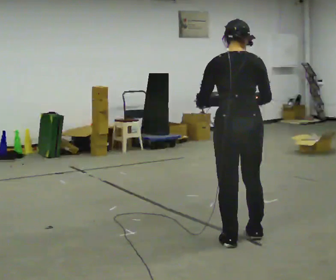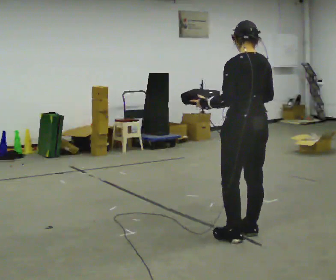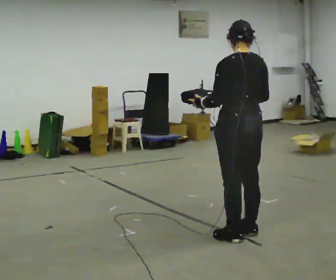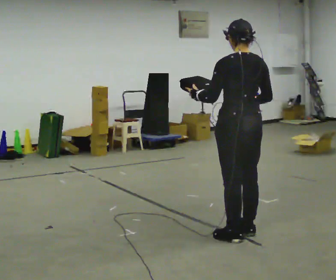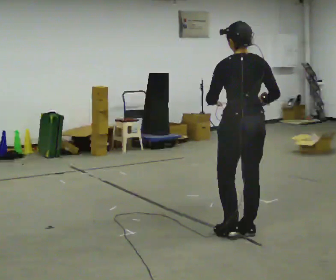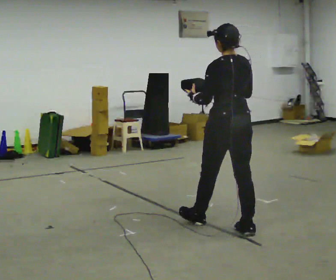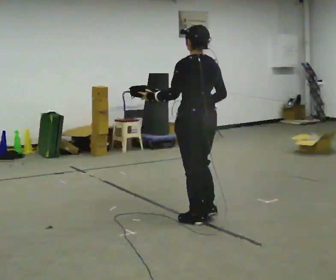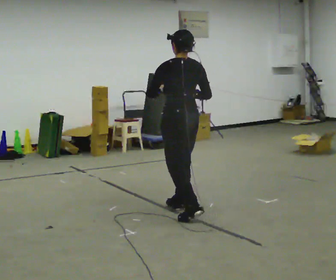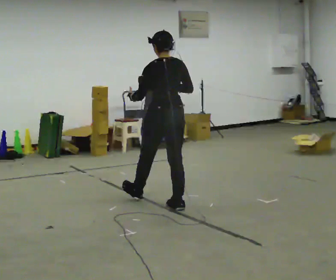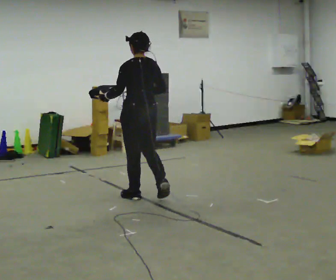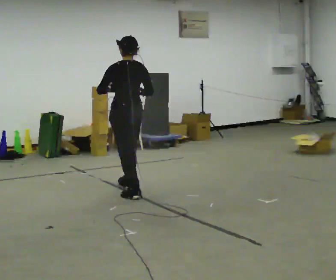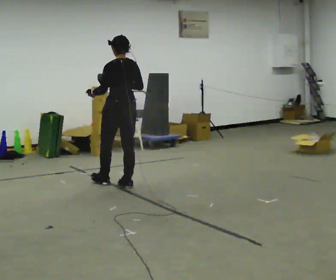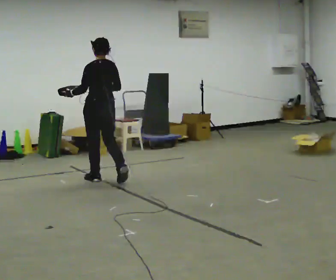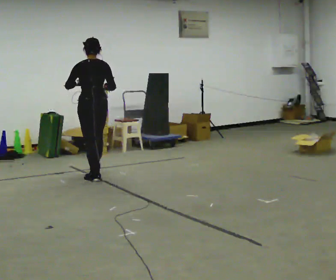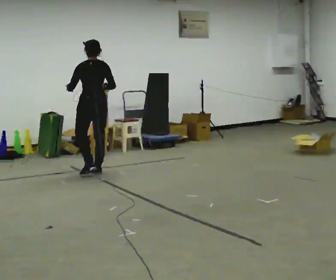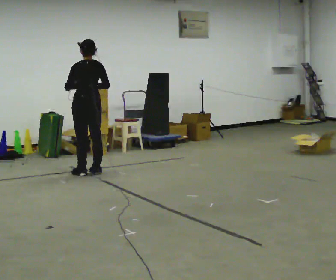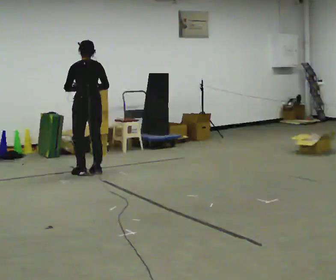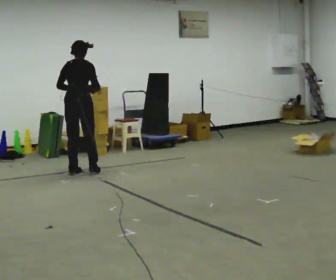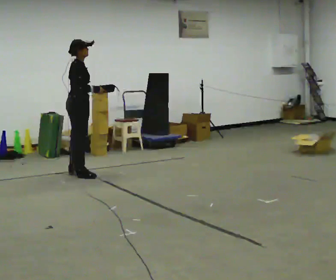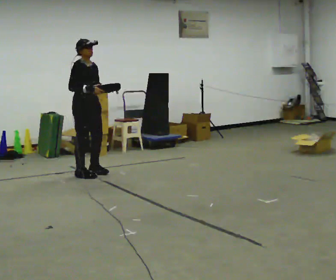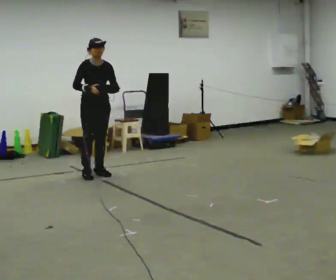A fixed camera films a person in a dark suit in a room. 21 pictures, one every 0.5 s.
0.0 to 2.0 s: In the picture they go away from the camera, about 0.25 m in 1 step, which for them is forward and to their right.
2.0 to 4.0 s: In the picture they go away from the camera and to the left, about 1 m in 2 steps, which for them is forward.
4.0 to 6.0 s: In the picture they go away from the camera and to the left, about 1 m in 3 steps, which for them is forward.
6.0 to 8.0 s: In the picture they go away from the camera, about 0.5 m in 2 steps, which for them is forward.
8.0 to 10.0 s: Seen from above the body turns clockwise, about 180 degrees: to their right, with its near side sliding to the left. In the picture their left hand goes to the right.
The film runs forward here.
